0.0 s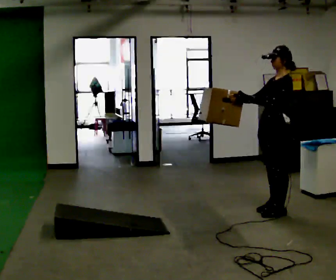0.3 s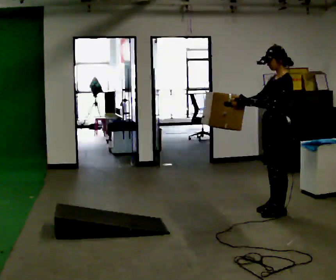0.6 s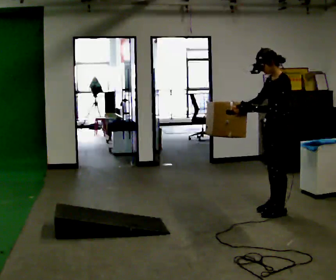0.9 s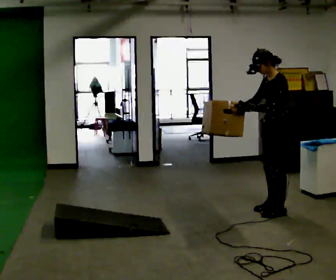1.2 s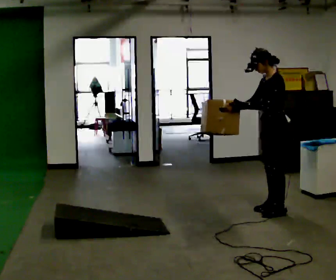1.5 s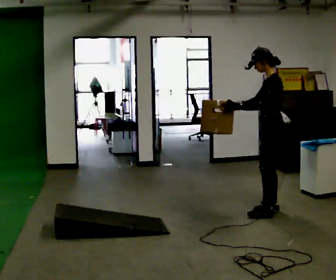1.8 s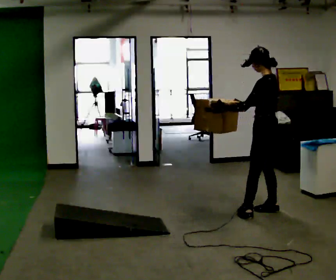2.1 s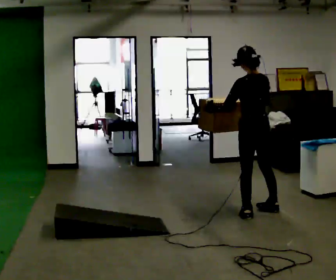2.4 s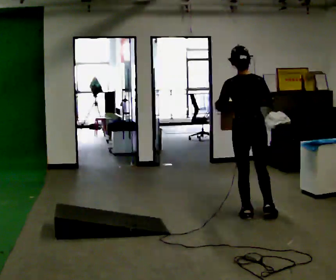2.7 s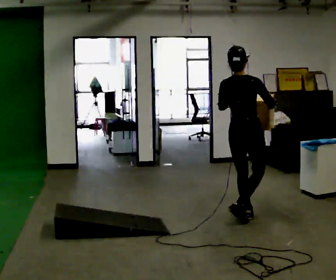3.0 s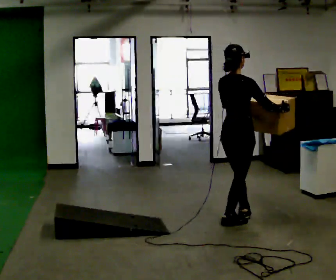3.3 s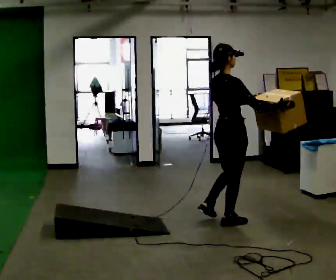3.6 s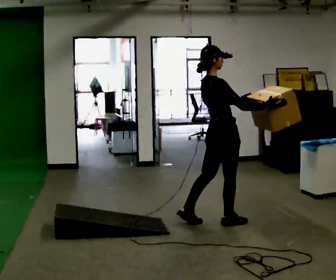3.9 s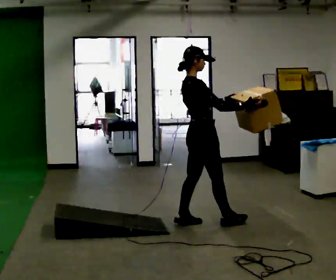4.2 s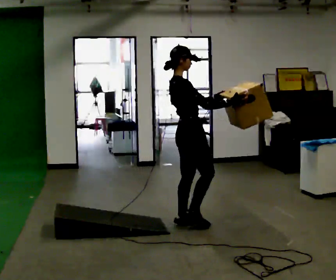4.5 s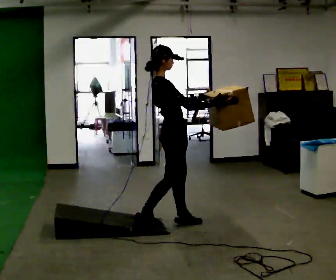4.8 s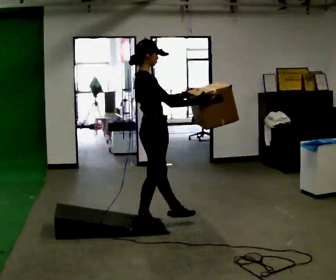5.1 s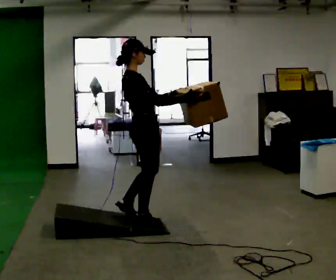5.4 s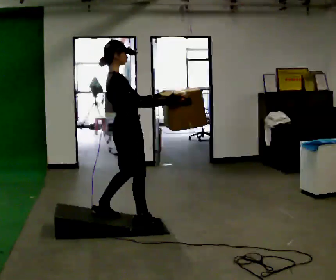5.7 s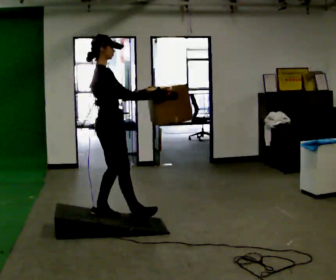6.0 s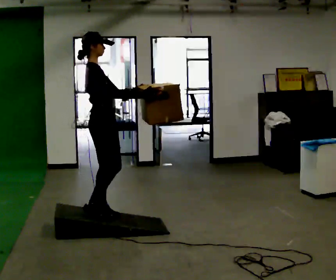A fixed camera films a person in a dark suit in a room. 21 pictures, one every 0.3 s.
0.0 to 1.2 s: In the picture the upper body tilts counterclockwise, shoulders to the left, as they bend forward.
1.2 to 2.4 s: The part of the body nearest the lens slides to the left as the person turns to their right by about 105 degrees. In the picture they go to the left and toward the camera, about 0.25 m in 2 steps.
2.4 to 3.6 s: The person turns about 60 degrees to their right, clockwise seen from above, so the part of the body nearest the lens slides to the left. In the picture they go to the left and toward the camera, about 0.25 m in 1 step.
3.6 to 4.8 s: In the picture they go to the left and toward the camera, about 0.5 m in 2 steps, which for them is backward.
4.8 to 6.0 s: In the picture they go to the left, about 0.5 m in 1 step, which for them is backward.
The film runs backward here.
